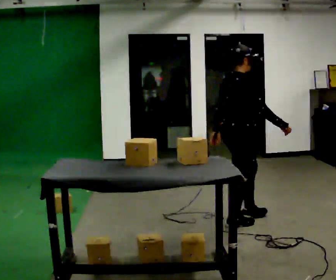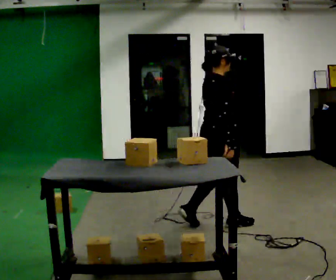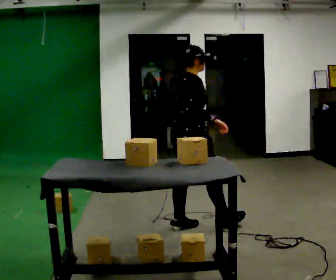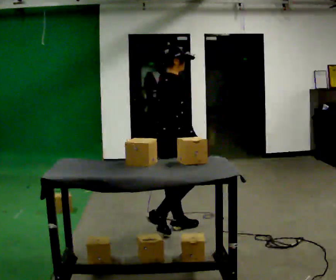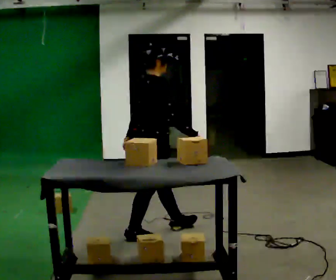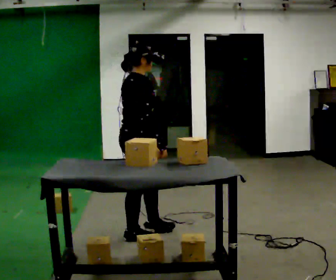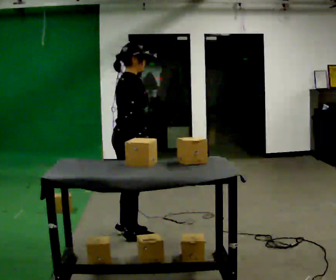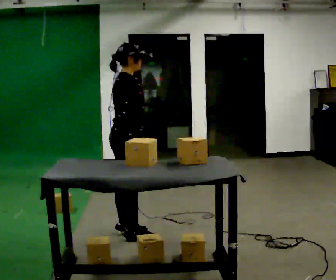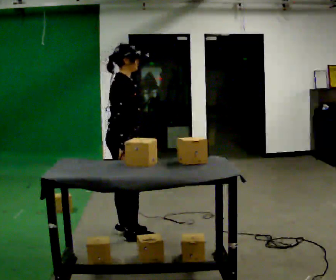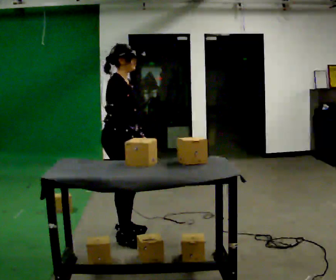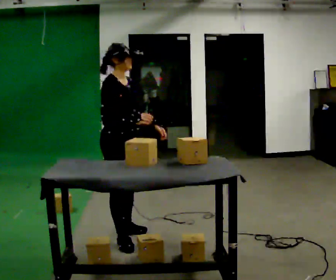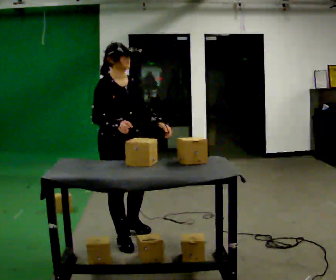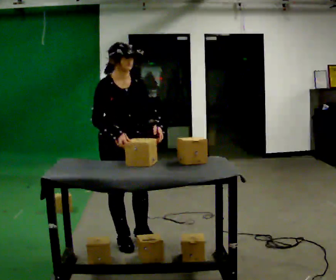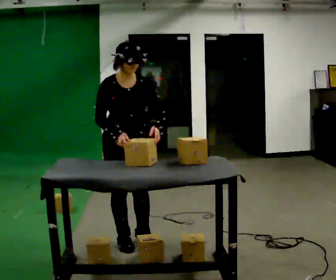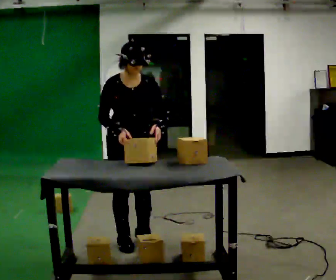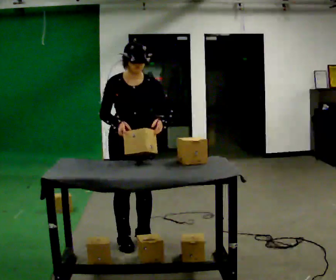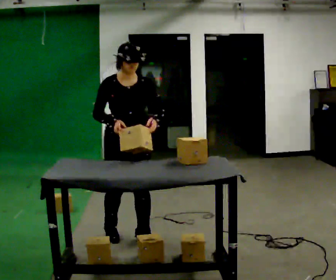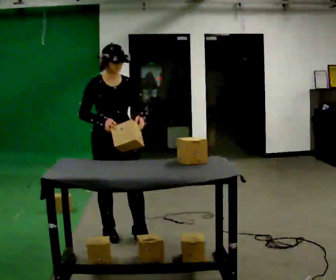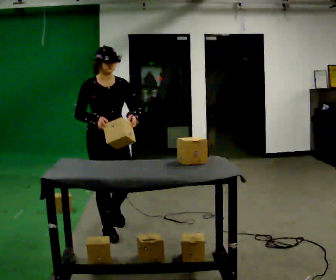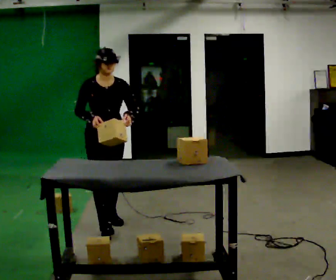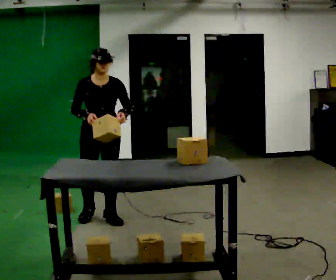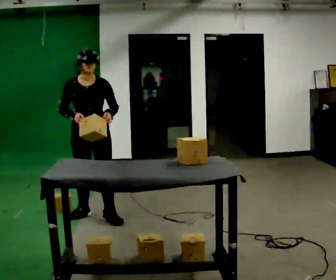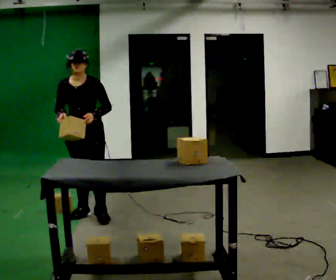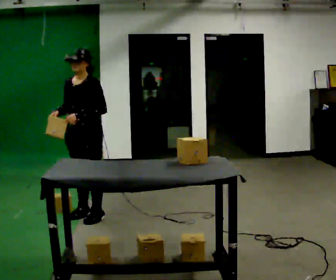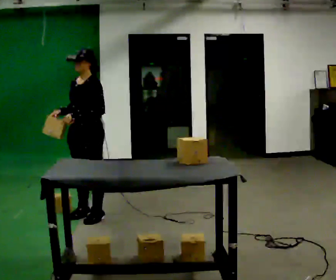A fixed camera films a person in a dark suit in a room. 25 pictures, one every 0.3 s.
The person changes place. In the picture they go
to the left.
0.0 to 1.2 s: In the picture they go to the left, about 1 m in 1 step, which for them is backward.
1.2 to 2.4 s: In the picture they go to the left, about 0.25 m in 1 step, which for them is backward.
2.4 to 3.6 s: Seen from above the body turns clockwise, about 60 degrees: to their right, with its near side sliding to the left. In the picture they go toward the camera, about 0.25 m in 2 steps, which for them is to their right.
3.6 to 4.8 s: The person turns about 30 degrees to their right, clockwise seen from above, so the part of the body nearest the lens slides to the left.
4.8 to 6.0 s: In the picture they go away from the camera, about 0.5 m in 2 steps, which for them is backward.
6.0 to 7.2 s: Seen from above the body turns clockwise, about 60 degrees: to their right, with its near side sliding to the left. In the picture their left hand goes to the left.
The film runs backward here.
